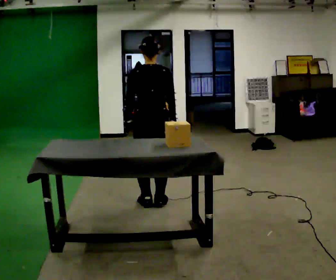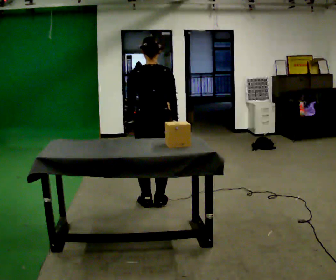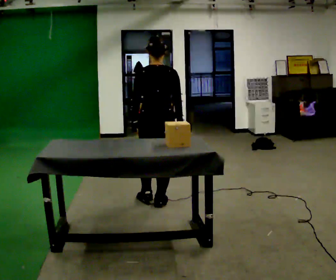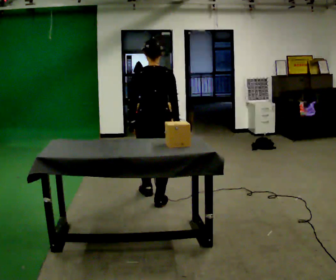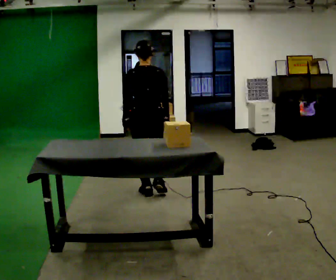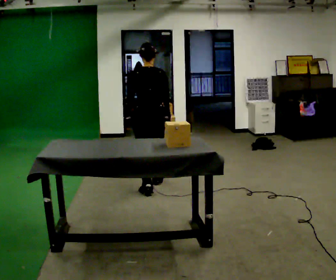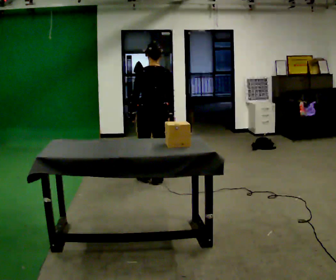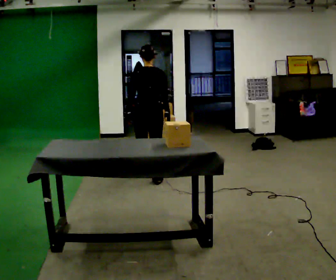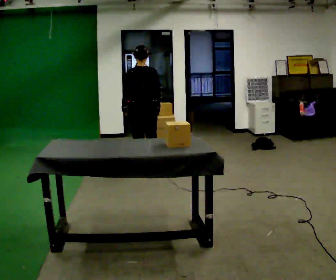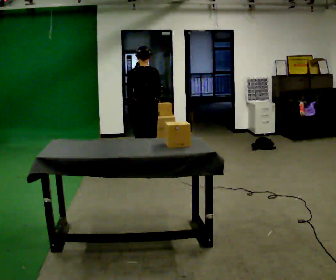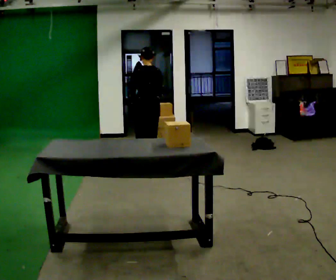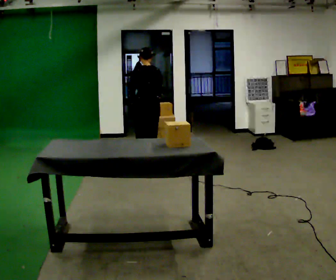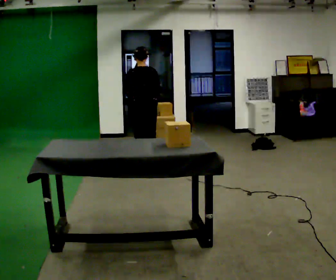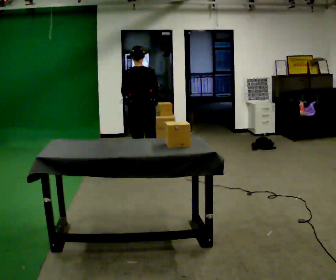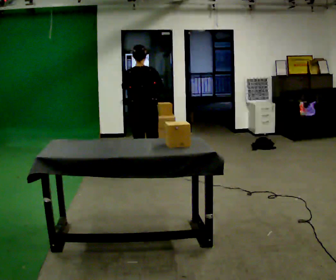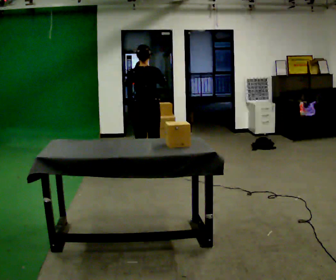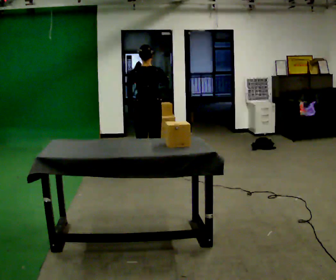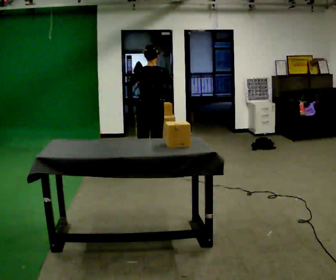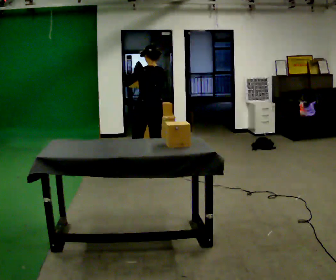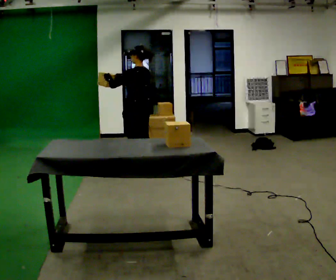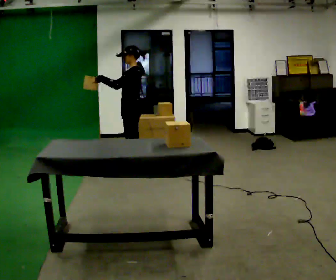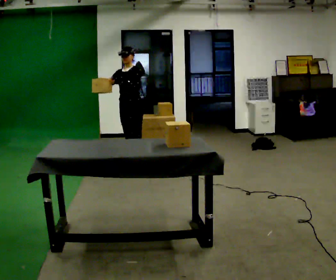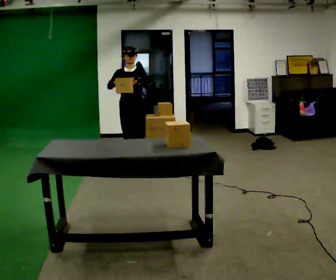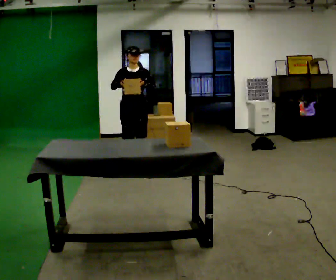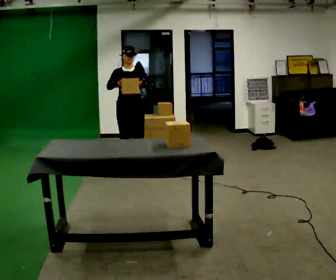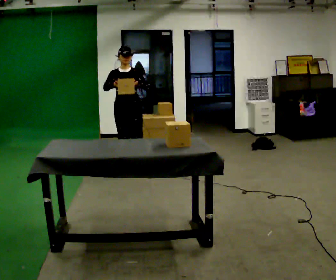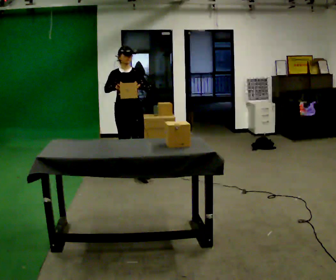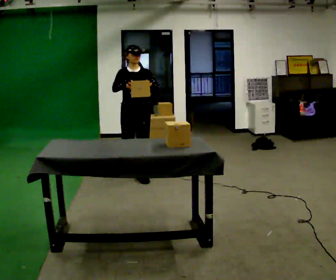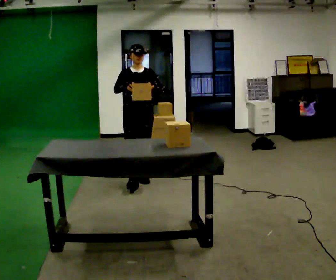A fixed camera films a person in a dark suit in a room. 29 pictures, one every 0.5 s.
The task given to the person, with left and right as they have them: Pick up the next box in the row and carry it to the table. The operator will not tell you how heavy each one is. Keep going until the operator says stop; one object at a time, and do not rush between trips.
0.0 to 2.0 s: In the picture they go away from the camera, about 0.25 m in 1 step, which for them is forward.
2.0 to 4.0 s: In the picture they go away from the camera, about 1 m in 2 steps, which for them is forward.
4.0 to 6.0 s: In the picture they go away from the camera, about 0.25 m in 1 step, which for them is forward.
6.0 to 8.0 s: In the picture they go toward the camera, about 0.25 m in 1 step, which for them is backward.
8.0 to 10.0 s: Seen from above the body turns counterclockwise, about 90 degrees: to their left, with its near side sliding to the right. In the picture they go to the left and away from the camera, about 0.25 m in 2 steps.
10.0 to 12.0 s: Seen from above the body turns counterclockwise, about 90 degrees: to their left, with its near side sliding to the right. In the picture their left hand goes to the right.
12.0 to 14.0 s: In the picture they go toward the camera, about 0.5 m in 1 step, which for them is forward.
The film runs forward here.
